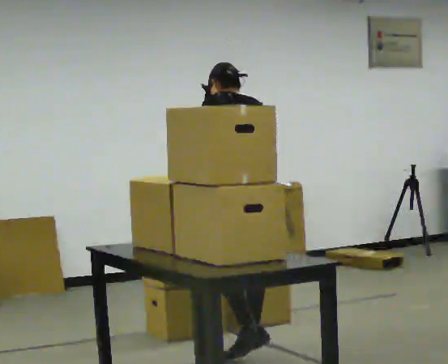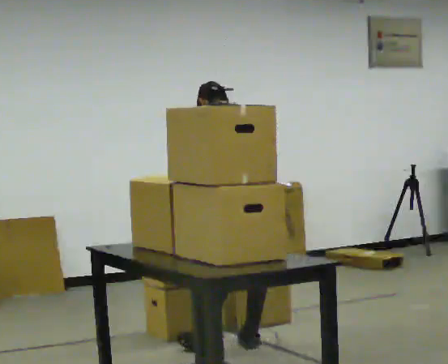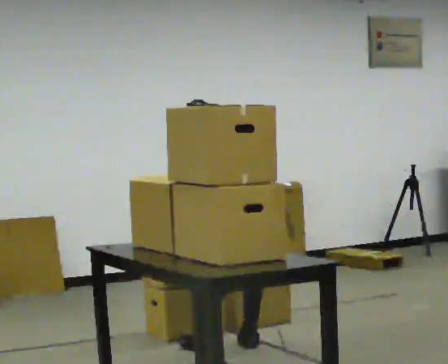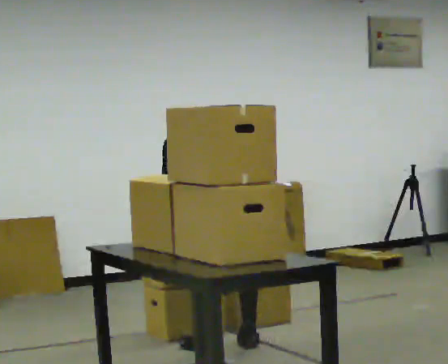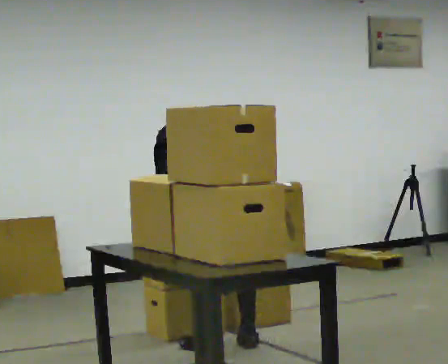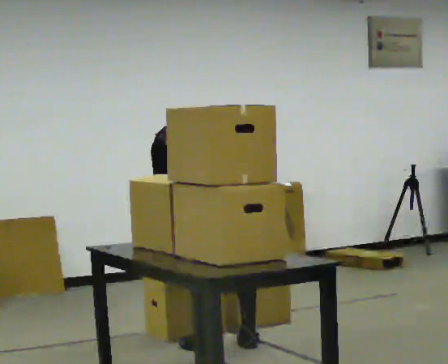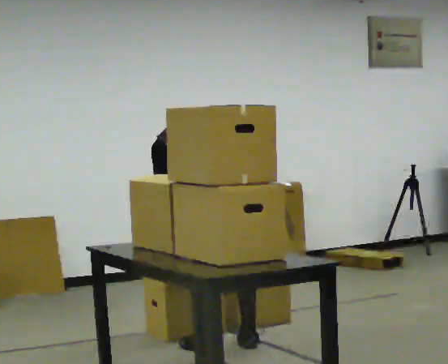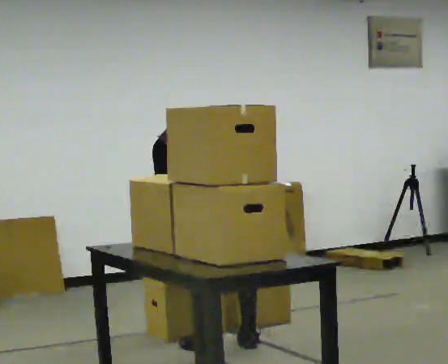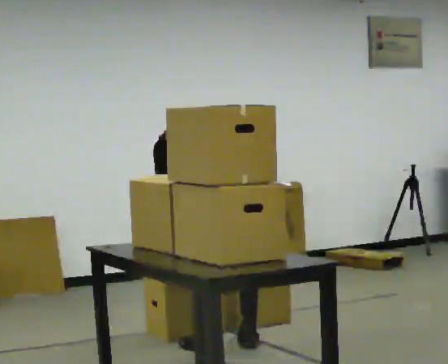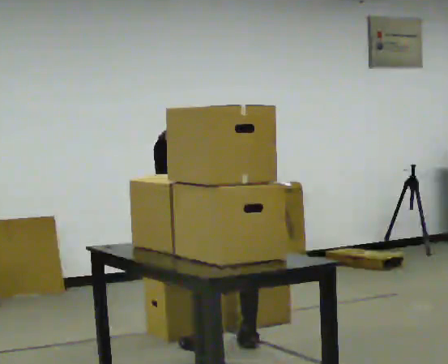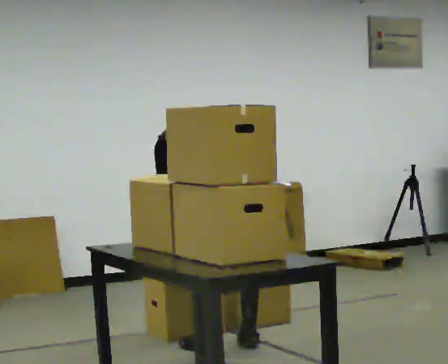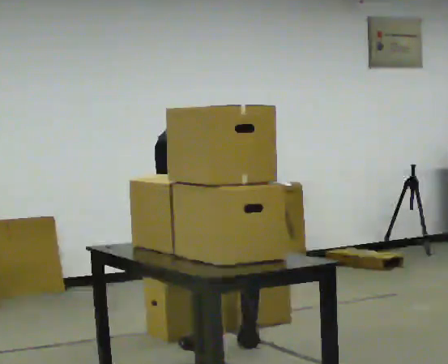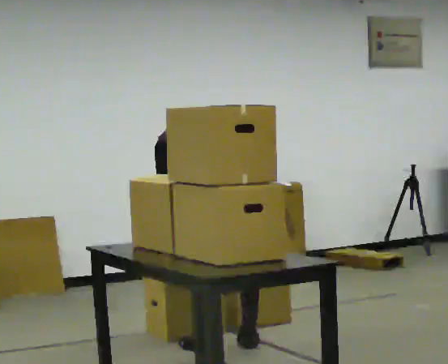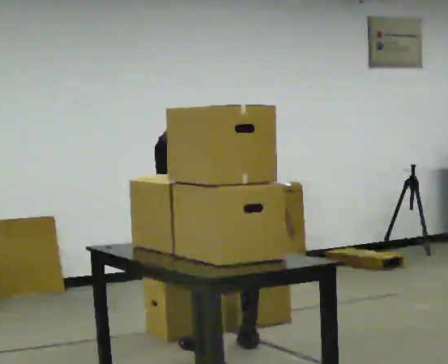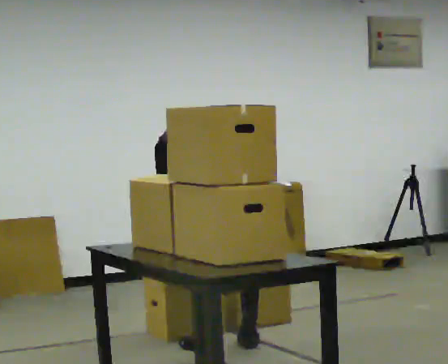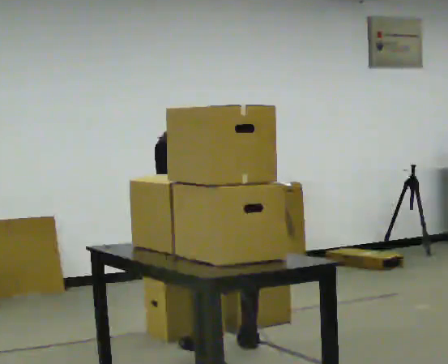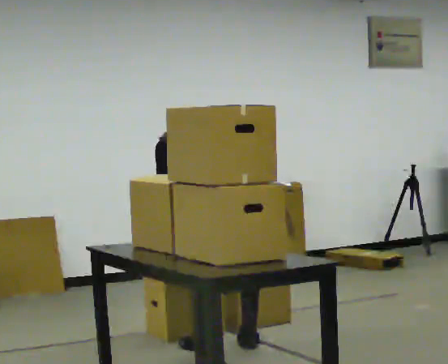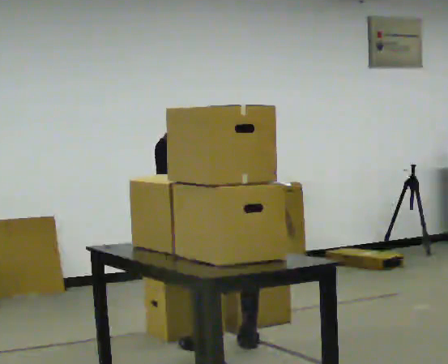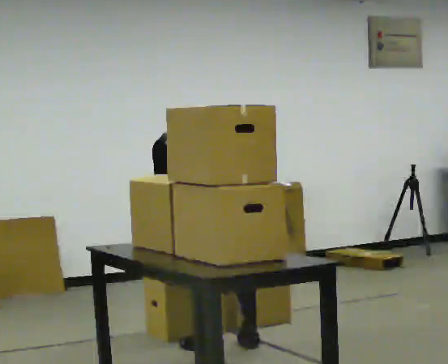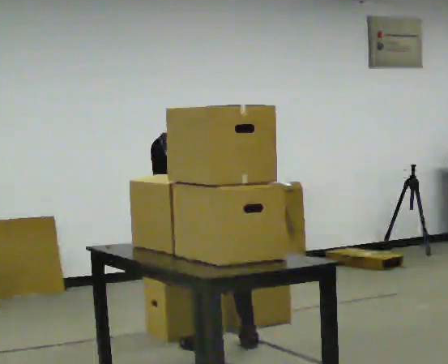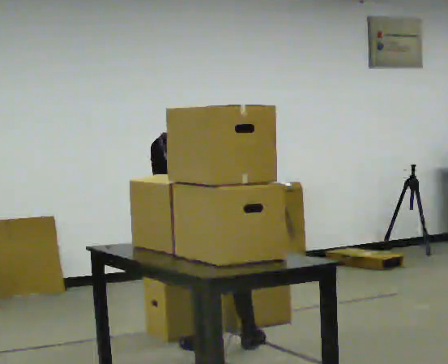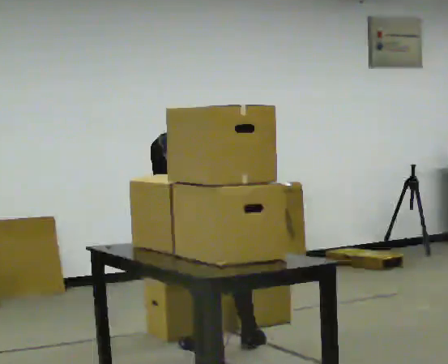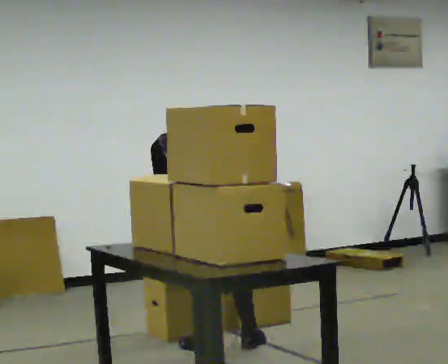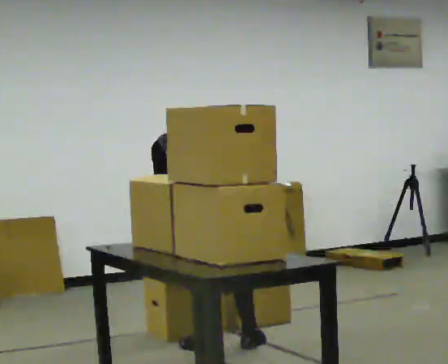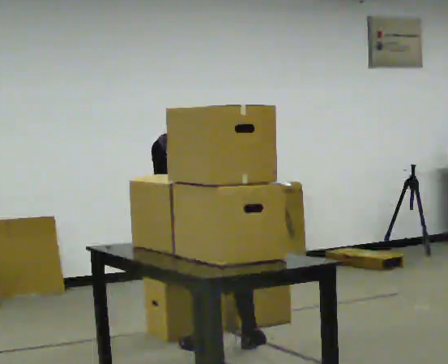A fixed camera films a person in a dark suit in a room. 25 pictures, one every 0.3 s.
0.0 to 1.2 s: In the picture they go to the left, about 0.25 m in 1 step, which for them is forward. The shoulders move downward. The upper body tips away from the camera, its near side rolling upward, as they bend forward.
1.2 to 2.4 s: The person moves a little, or ends about where they began.
2.4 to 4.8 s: The person keeps their place and pose.
4.8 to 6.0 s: In the picture the upper body tilts clockwise, shoulders to the right.
6.0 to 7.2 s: The person moves a little, or ends about where they began.
The film runs forward here.
